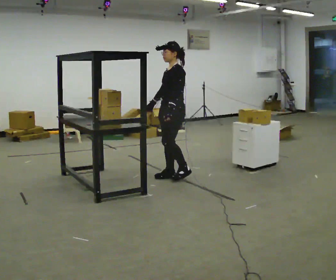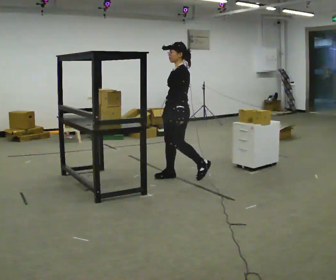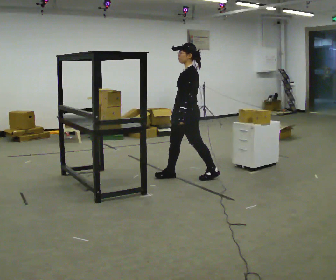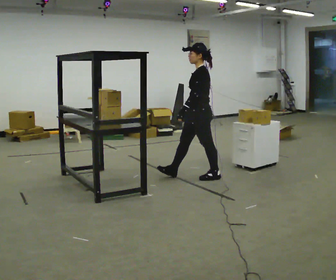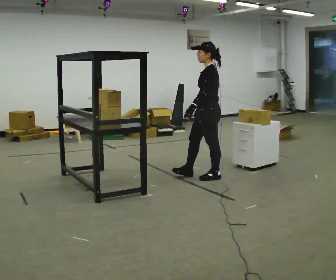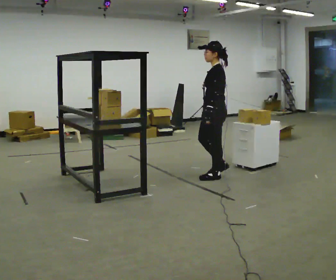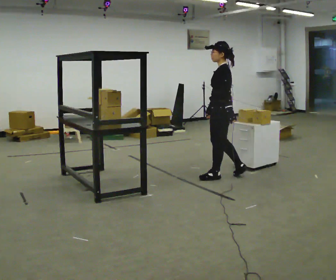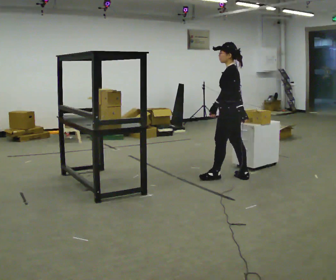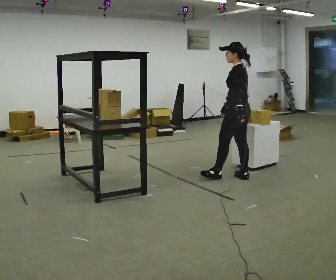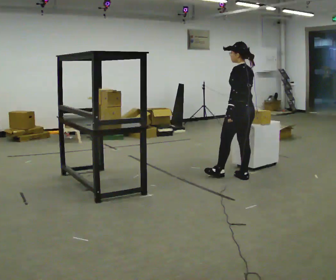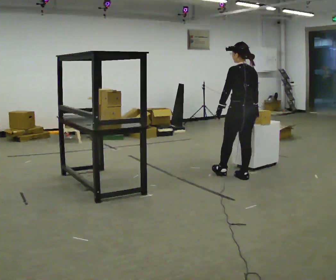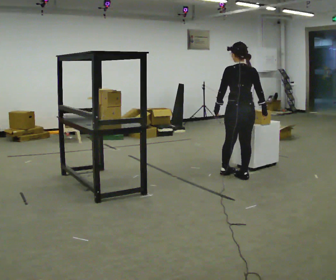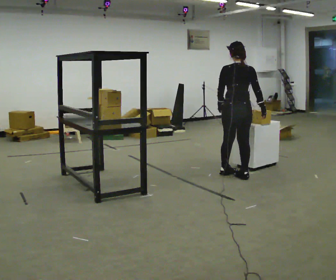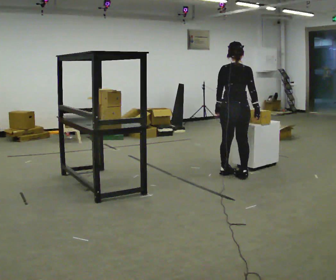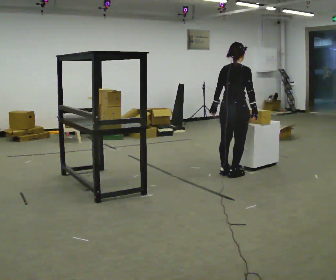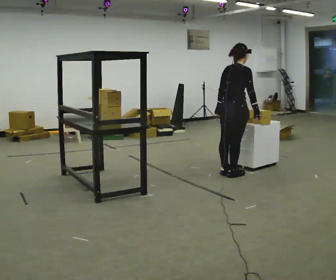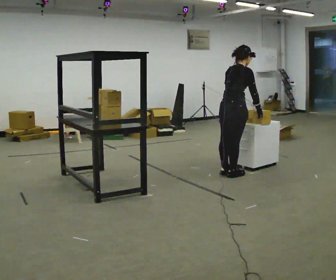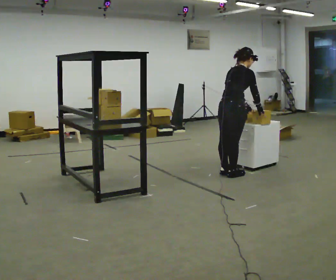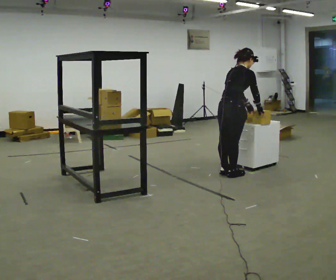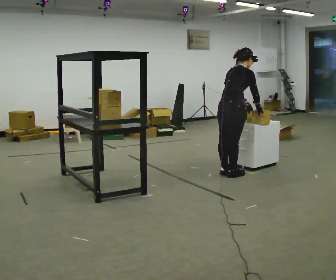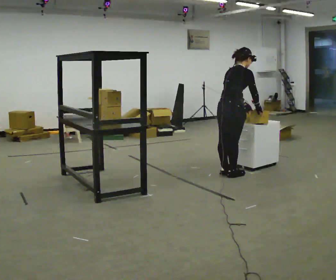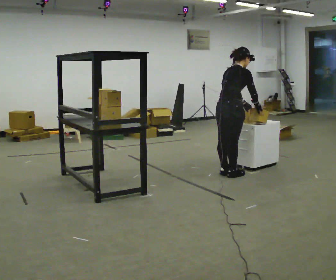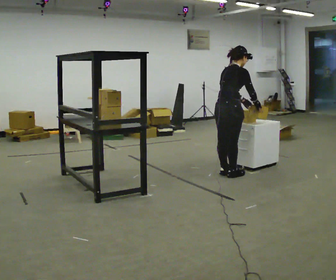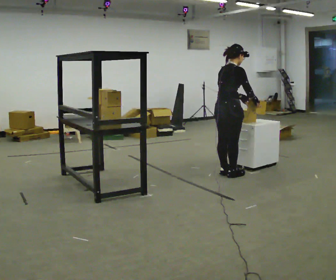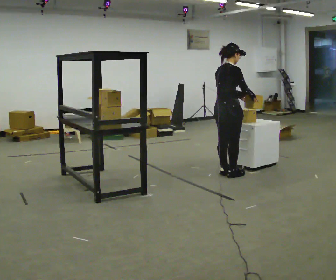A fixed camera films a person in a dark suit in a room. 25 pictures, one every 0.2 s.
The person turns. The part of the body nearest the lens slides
to the left.
The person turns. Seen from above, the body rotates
clockwise.
0.0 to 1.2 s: The part of the body nearest the lens slides to the left as the person turns to their right by about 30 degrees. In the picture they go to the right, about 0.5 m in 1 step, which for them is backward.
1.2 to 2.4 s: The part of the body nearest the lens slides to the left as the person turns to their right by about 90 degrees. In the picture they go to the right, about 0.25 m.
2.4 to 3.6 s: Seen from above the body turns clockwise, about 45 degrees: to their right, with its near side sliding to the left. The upper body tips away from the camera, its near side rolling upward, as they bend forward. In the picture their left hand goes to the right.
3.6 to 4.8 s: In the picture the upper body tilts counterclockwise, shoulders to the left, as they lean back or straighten.
The film runs backward here.
